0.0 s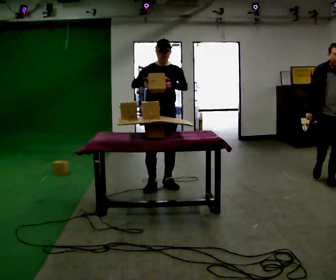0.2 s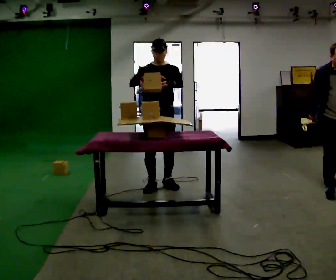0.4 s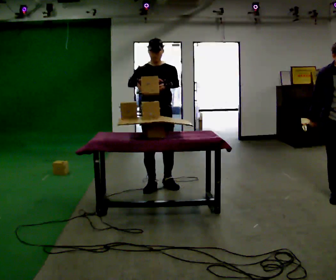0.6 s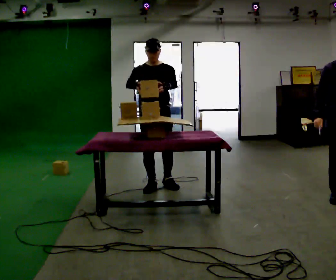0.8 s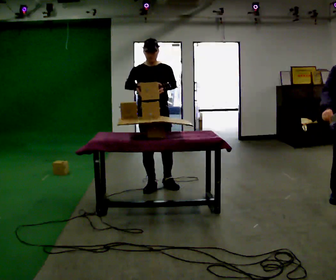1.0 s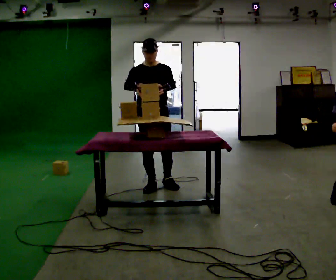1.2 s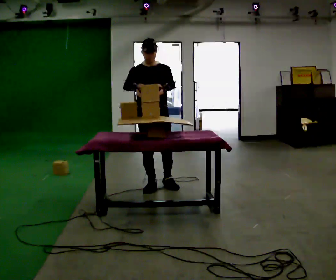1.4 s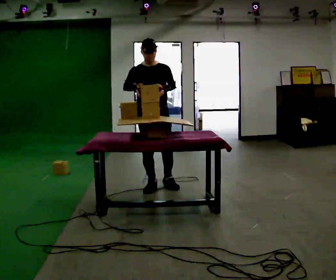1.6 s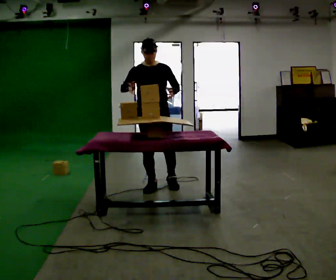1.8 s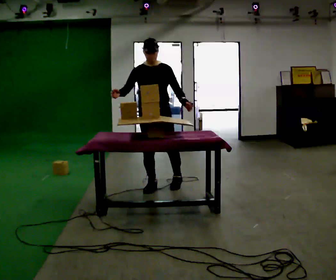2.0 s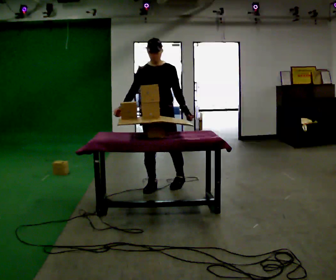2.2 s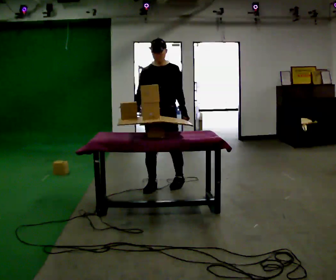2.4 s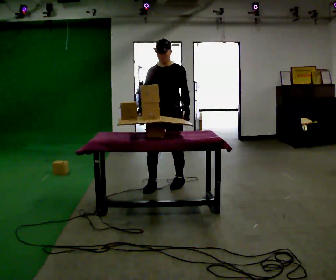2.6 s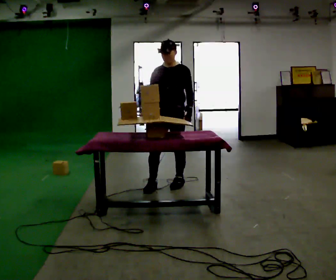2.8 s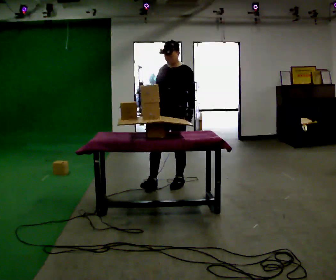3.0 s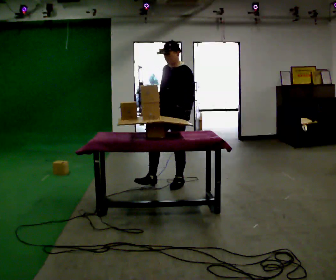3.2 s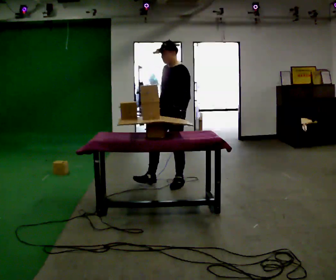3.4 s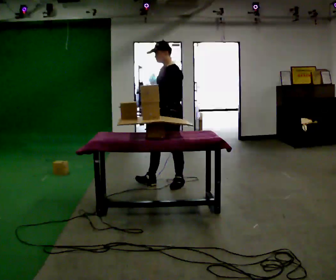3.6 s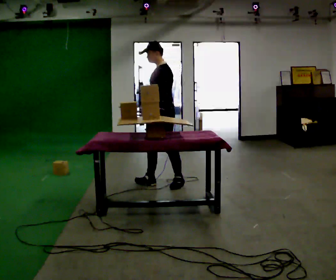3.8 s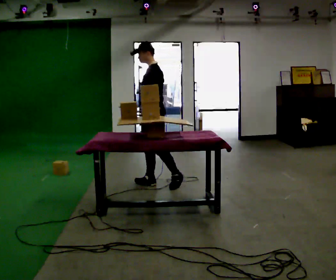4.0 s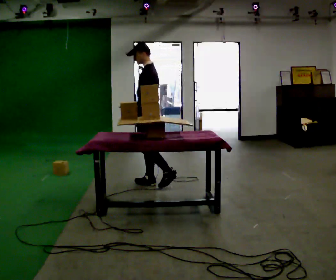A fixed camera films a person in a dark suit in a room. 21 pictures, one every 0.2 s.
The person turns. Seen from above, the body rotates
clockwise.
The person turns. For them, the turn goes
to their right.
0.0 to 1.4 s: The person moves a little, or ends about where they began.
1.4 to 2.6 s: Seen from above the body turns clockwise, about 30 degrees: to their right, with its near side sliding to the left. In the picture they go to the right, about 0.25 m in 1 step, which for them is to their left and backward.
2.6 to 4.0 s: Seen from above the body turns clockwise, about 60 degrees: to their right, with its near side sliding to the left. In the picture they go to the left, about 0.25 m.
The film runs forward here.
